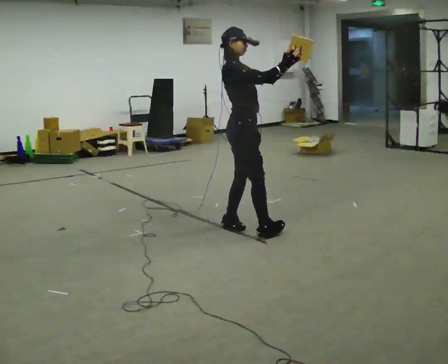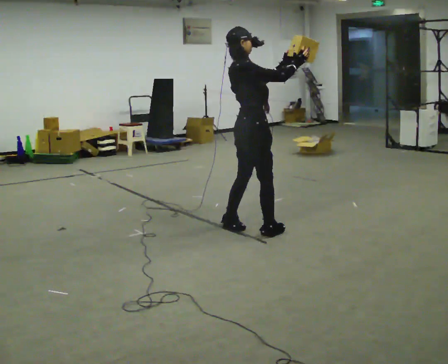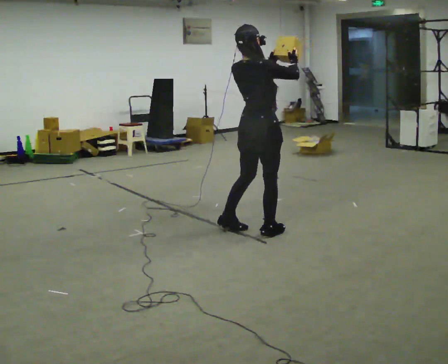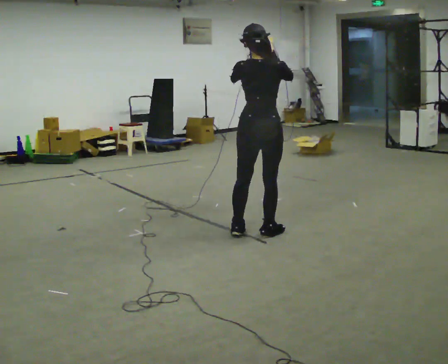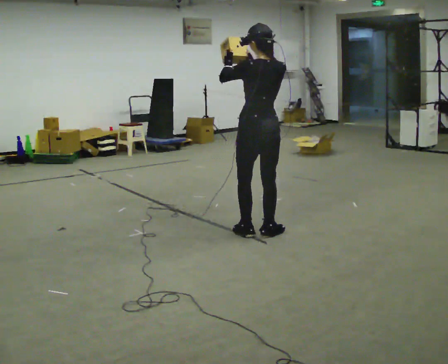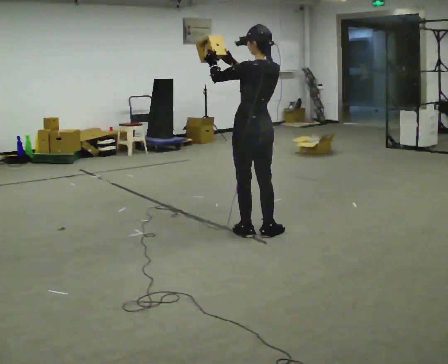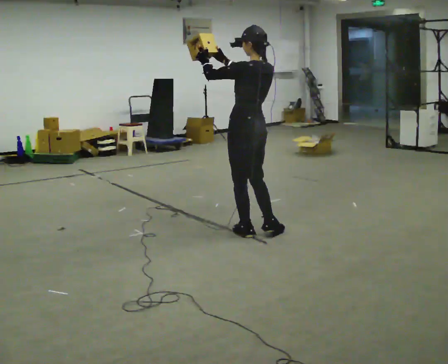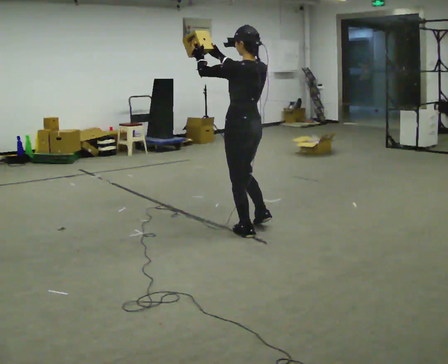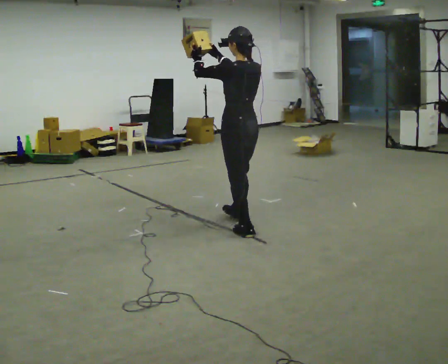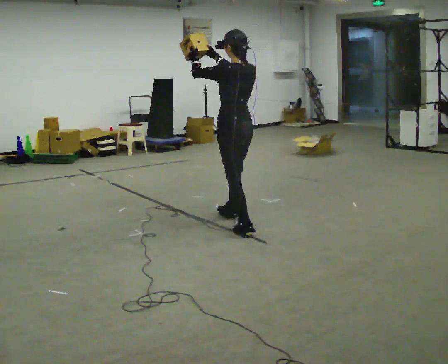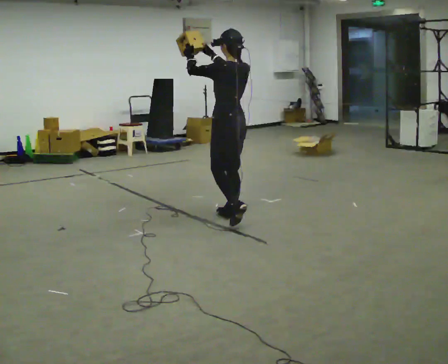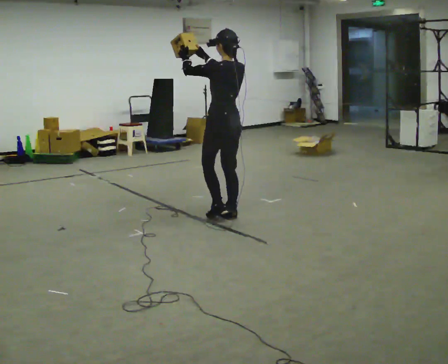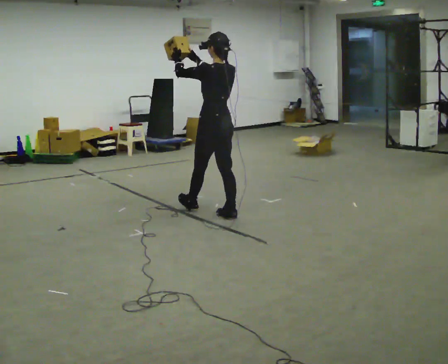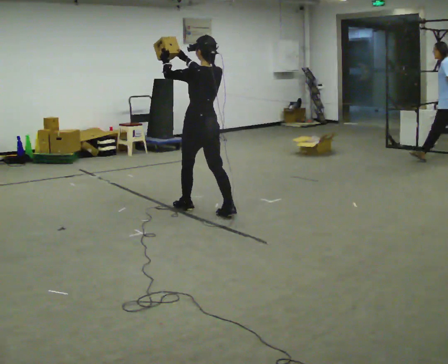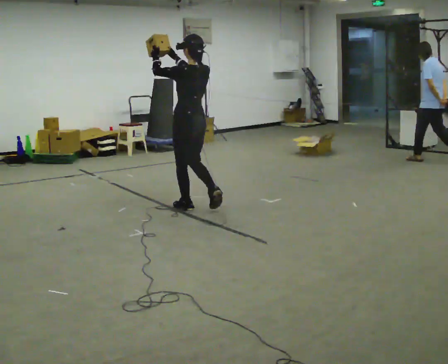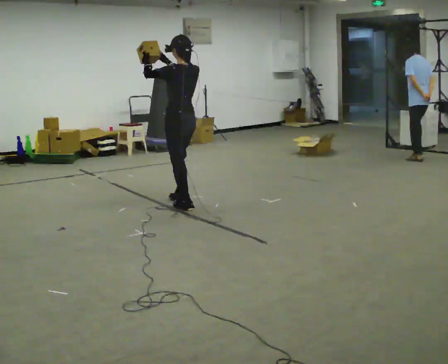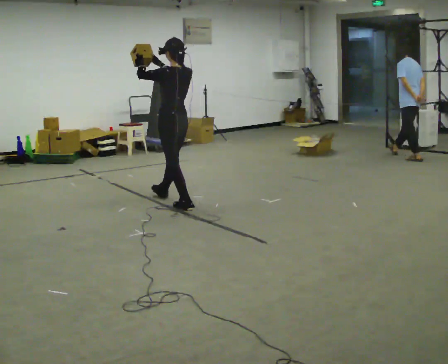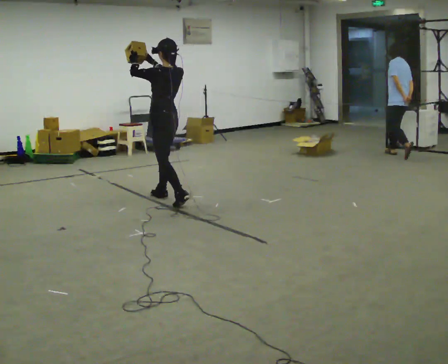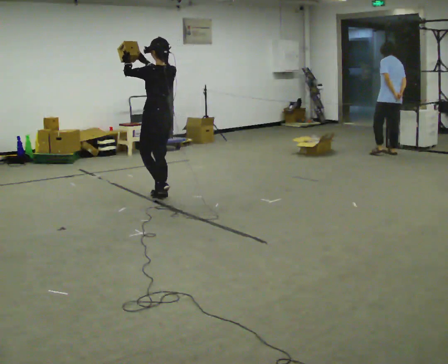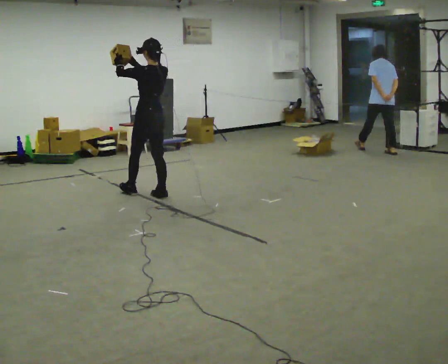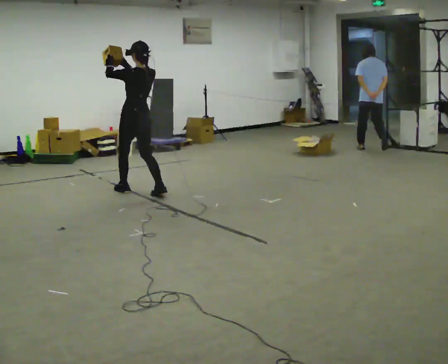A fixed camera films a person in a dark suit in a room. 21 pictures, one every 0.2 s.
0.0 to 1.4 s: Seen from above the body turns counterclockwise, about 135 degrees: to their left, with its near side sliding to the right. In the picture the upper body tilts clockwise, shoulders to the right. In the picture their right hand goes to the left.
1.4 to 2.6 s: In the picture they go to the left and away from the camera, about 0.75 m in 2 steps, which for them is forward.
2.6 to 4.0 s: In the picture they go to the left and away from the camera, about 1 m in 2 steps, which for them is forward.
The film runs forward here.
